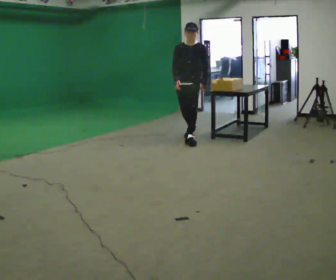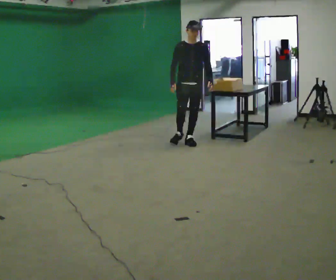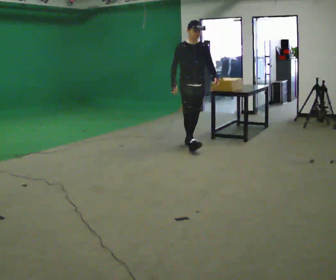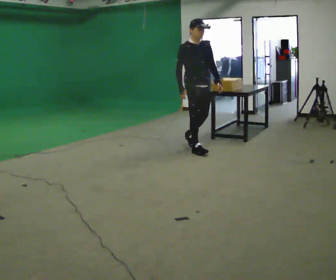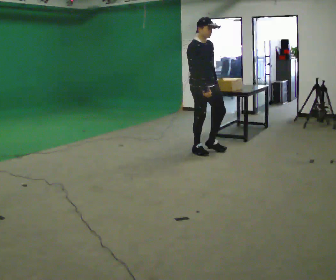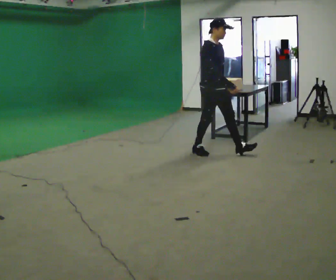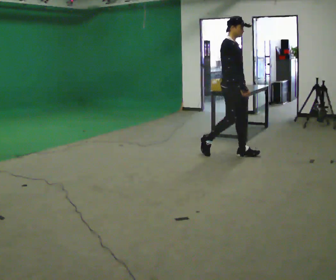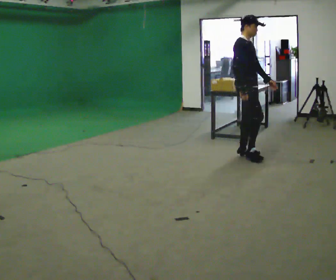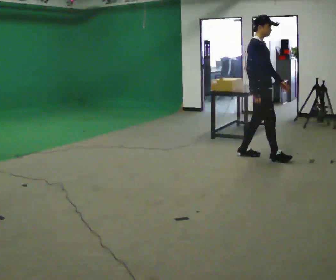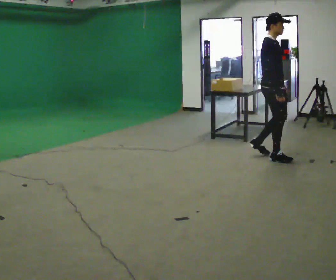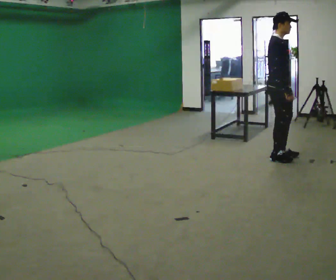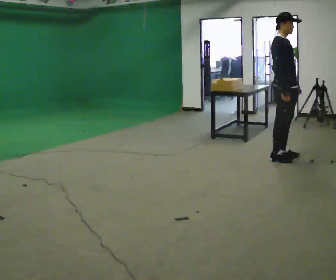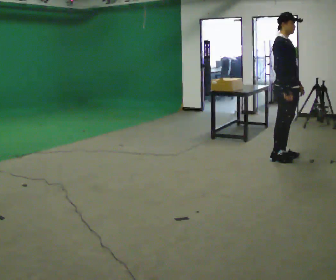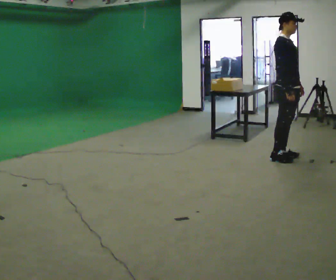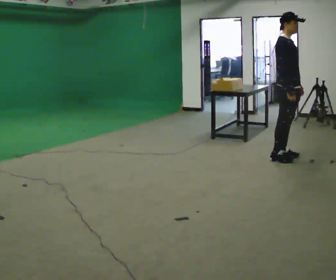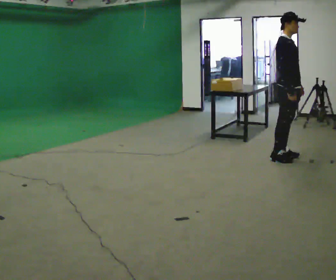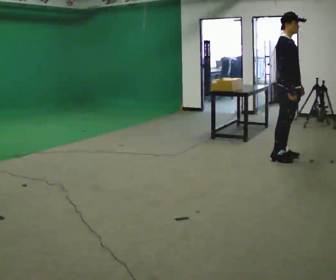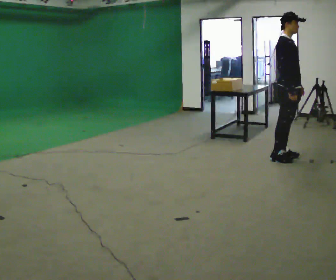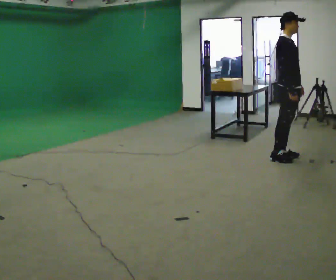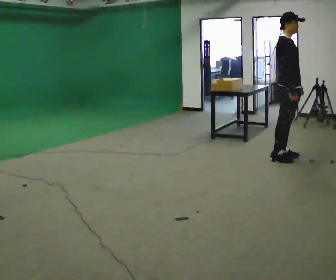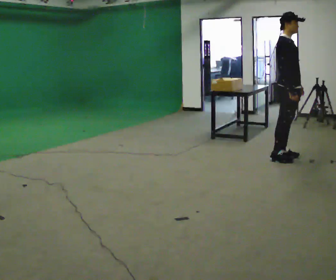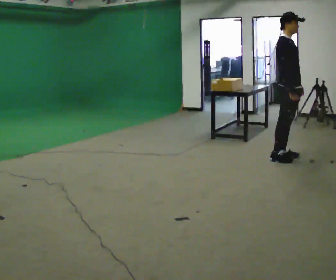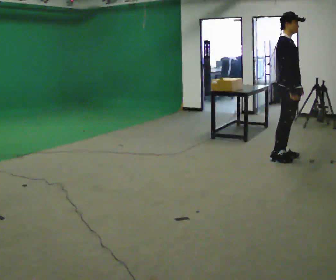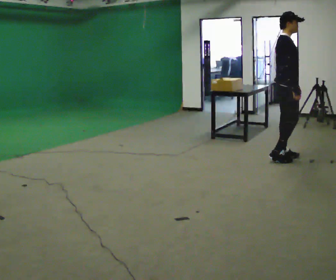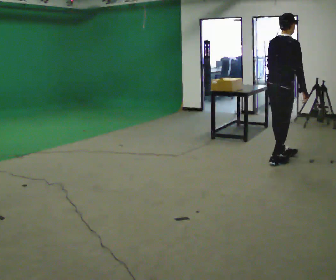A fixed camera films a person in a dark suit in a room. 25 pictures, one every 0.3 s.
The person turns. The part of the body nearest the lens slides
to the right.
The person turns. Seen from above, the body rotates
counterclockwise.
0.0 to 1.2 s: The part of the body nearest the lens slides to the right as the person turns to their left by about 60 degrees. In the picture they go toward the camera and to the right, about 0.5 m in 1 step, which for them is forward.
1.2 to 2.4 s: In the picture they go to the right, about 1 m in 2 steps, which for them is forward.
2.4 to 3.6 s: In the picture they go to the right, about 0.25 m in 1 step, which for them is forward.
3.6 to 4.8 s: The person moves a little, or ends about where they began.
4.8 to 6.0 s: The person keeps their place and pose.
6.0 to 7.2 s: Seen from above the body turns counterclockwise, about 60 degrees: to their left, with its near side sliding to the right.
The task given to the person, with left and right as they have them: Walk forward noticeably slower than normal; do not shuffle; stop.
The film runs forward here.
